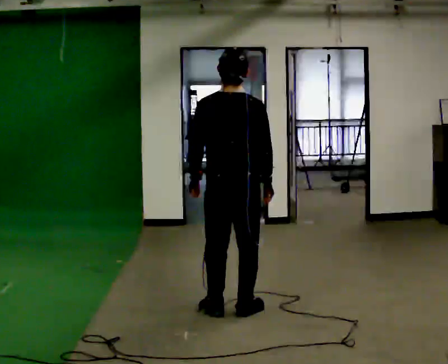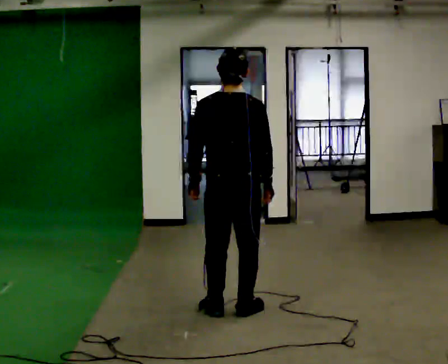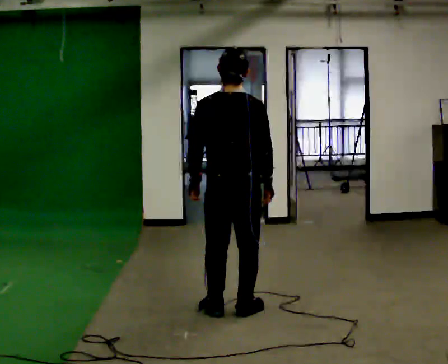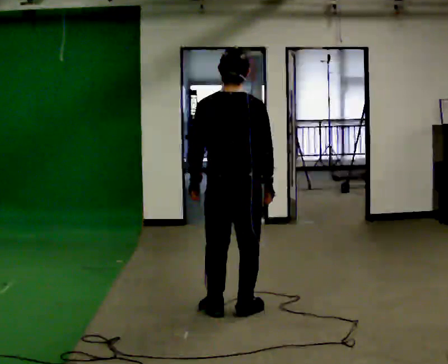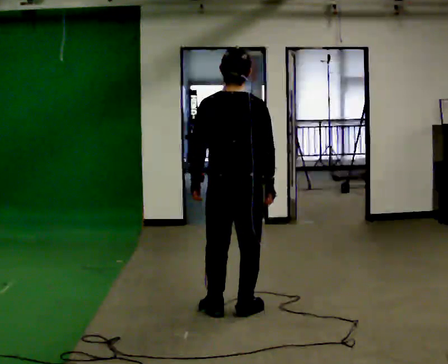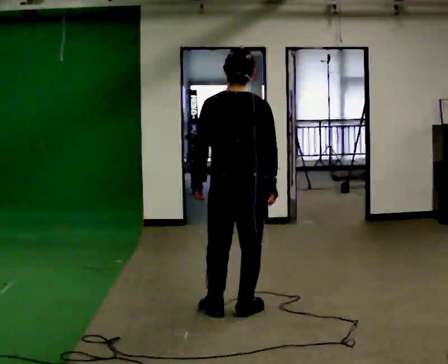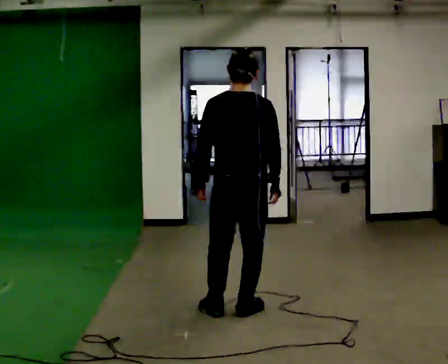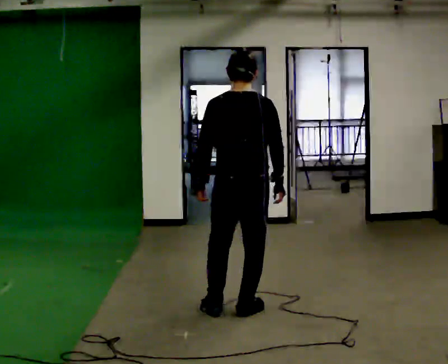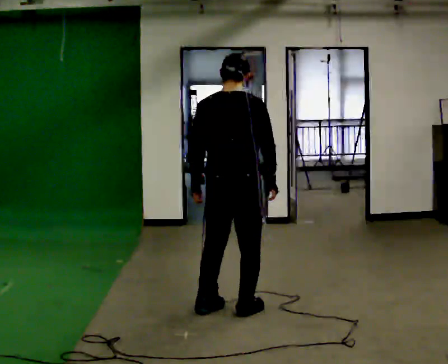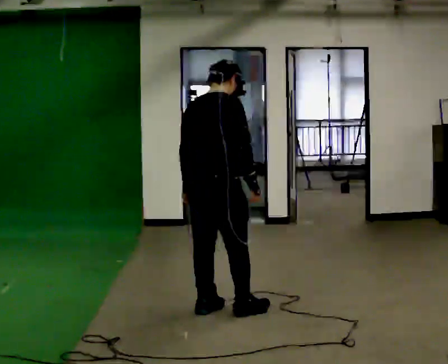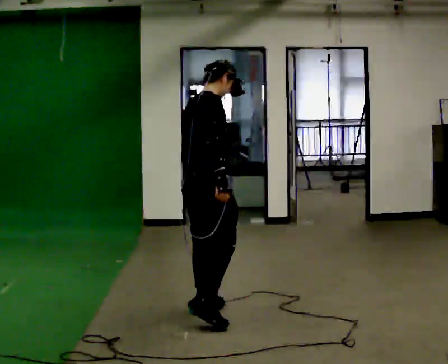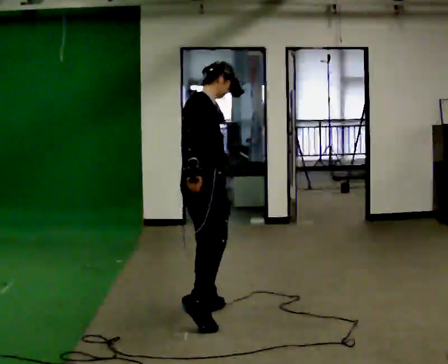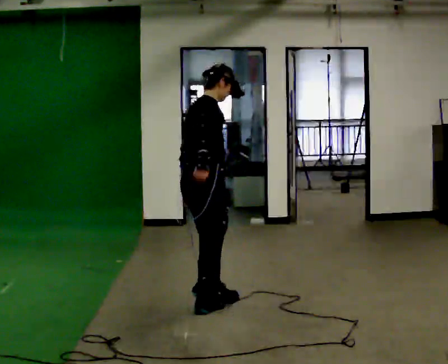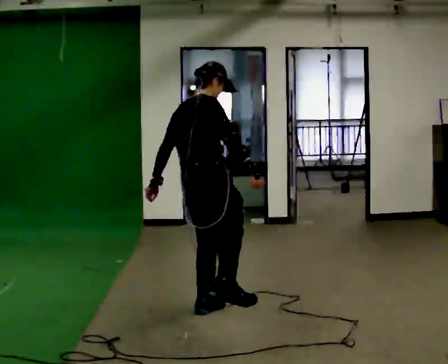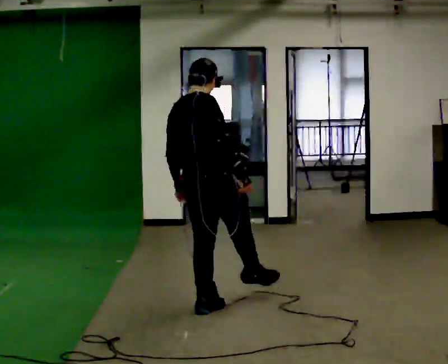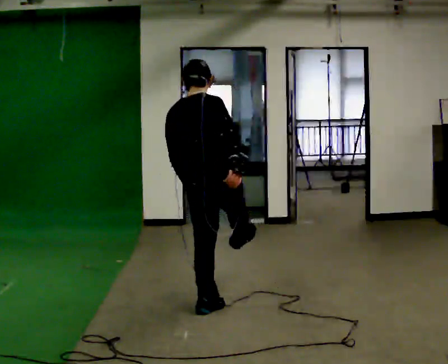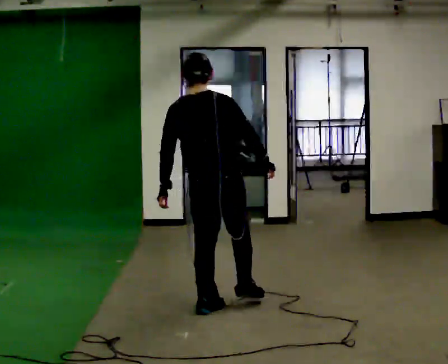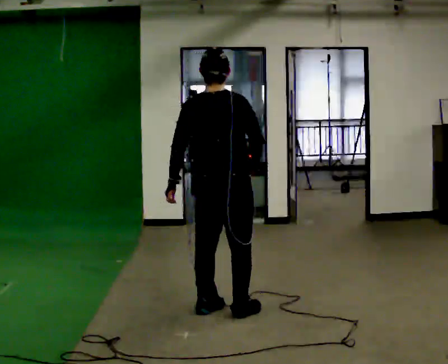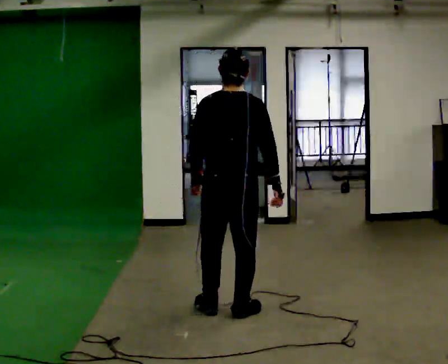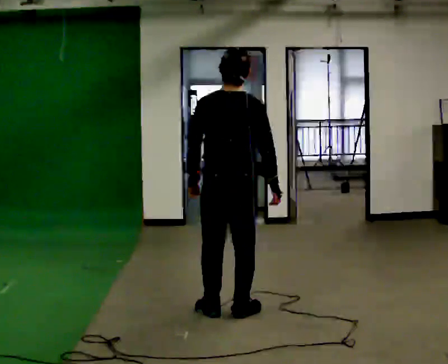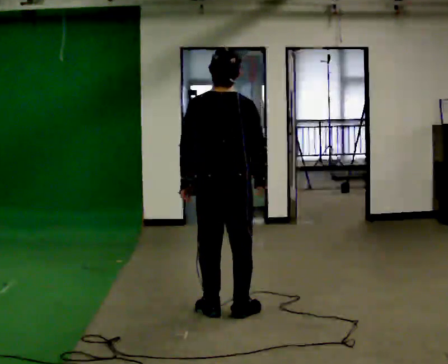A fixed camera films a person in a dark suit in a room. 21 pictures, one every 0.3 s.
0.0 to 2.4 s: The person moves a little, or ends about where they began.
2.4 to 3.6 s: Seen from above the body turns clockwise, about 60 degrees: to their right, with its near side sliding to the left. In the picture they go to the left, about 0.25 m in 1 step. The upper body tips away from the camera, its near side rolling upward. In the picture their right hand goes to the left.
3.6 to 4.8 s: The part of the body nearest the lens slides to the right as the person turns to their left by about 60 degrees. The upper body tips toward the camera, its near side rolling downward, as they lean back or straighten. In the picture their right hand goes to the right.
4.8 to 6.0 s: The person moves a little, or ends about where they began.
The film runs forward here.
